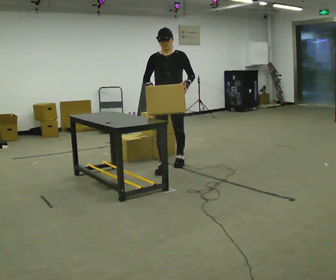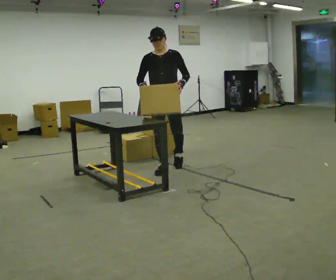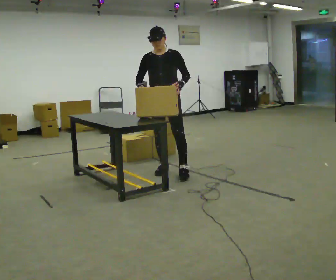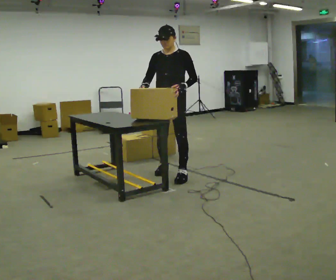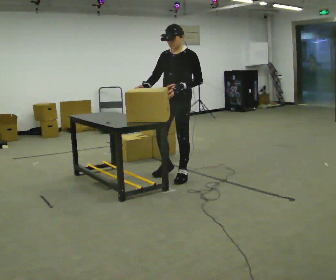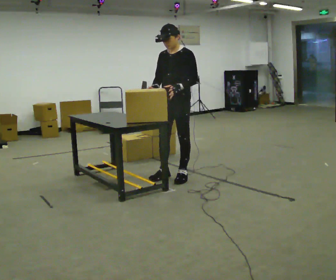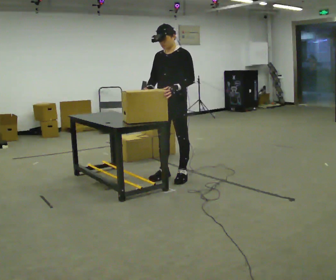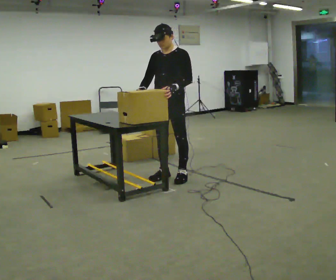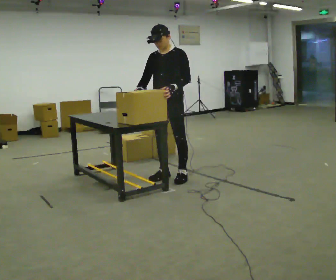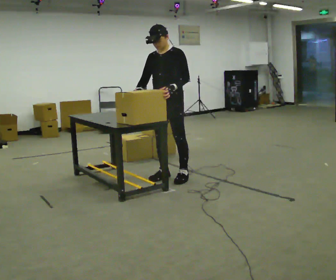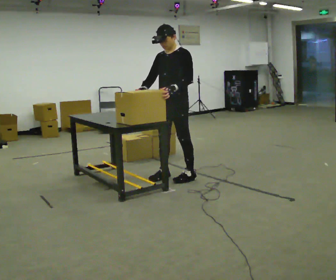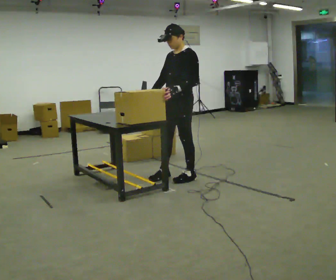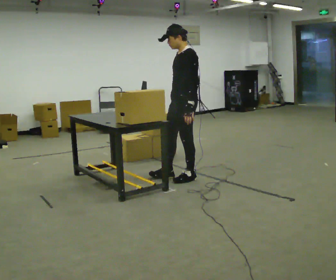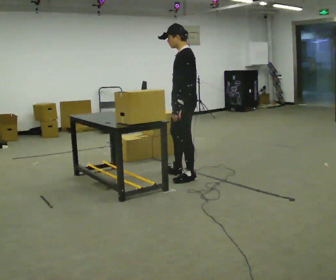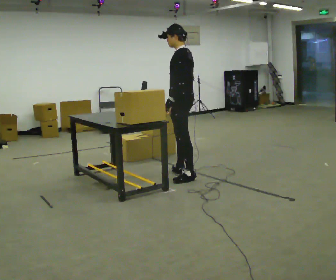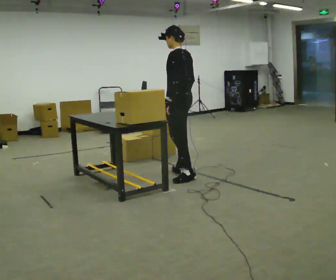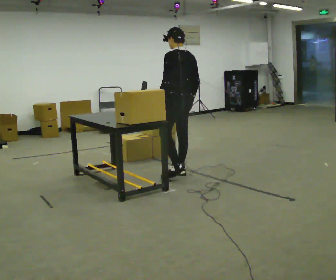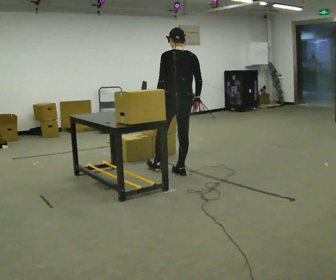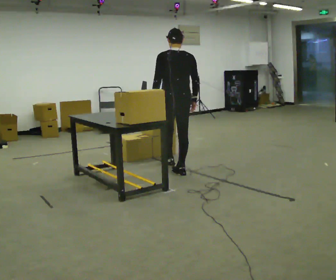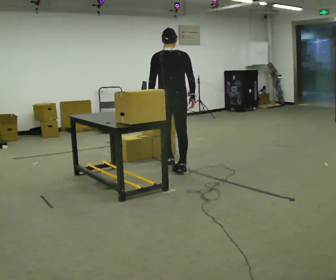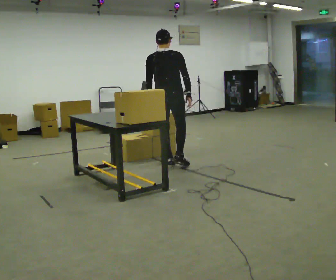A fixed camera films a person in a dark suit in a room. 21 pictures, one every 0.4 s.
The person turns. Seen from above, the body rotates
clockwise.
The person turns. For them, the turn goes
to their right.
0.0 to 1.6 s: The person turns about 30 degrees to their right, clockwise seen from above, so the part of the body nearest the lens slides to the left. In the picture they go toward the camera, about 0.5 m in 1 step, which for them is forward and to their left.
1.6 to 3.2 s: The person moves a little, or ends about where they began.
3.2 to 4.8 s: The person turns about 45 degrees to their right, clockwise seen from above, so the part of the body nearest the lens slides to the left. In the picture they go to the right, about 0.25 m, which for them is to their left. In the picture their right hand goes to the right.
4.8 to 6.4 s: The part of the body nearest the lens slides to the left as the person turns to their right by about 60 degrees. In the picture they go away from the camera, about 0.25 m, which for them is to their right and forward.
6.4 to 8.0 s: Seen from above the body turns clockwise, about 45 degrees: to their right, with its near side sliding to the left. In the picture they go away from the camera, about 0.5 m in 1 step, which for them is forward and to their left.
The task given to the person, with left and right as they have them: Pick the fragile object up and set it back down as gently as you can. Repeat at your own pace until the operator says stop. Keep both feet on the marked spots for the whole take. If you have to step, stop and tell the operator.
The film runs forward here.
